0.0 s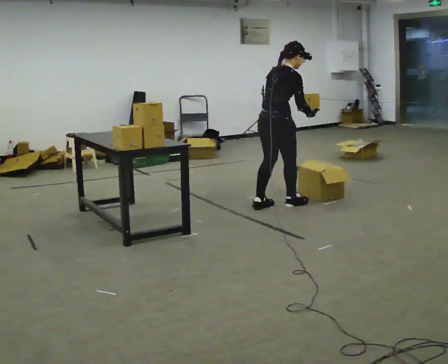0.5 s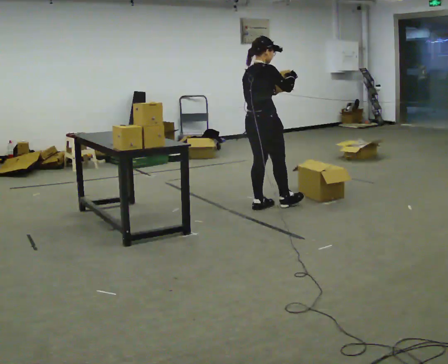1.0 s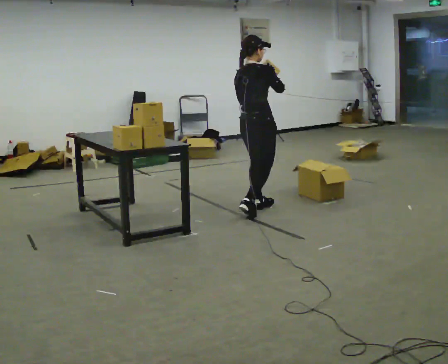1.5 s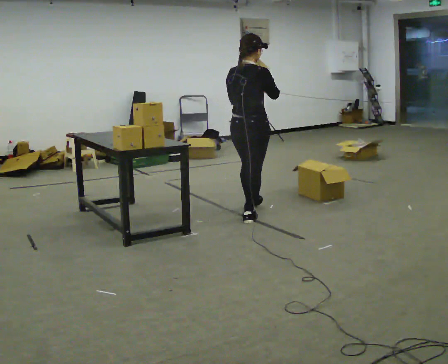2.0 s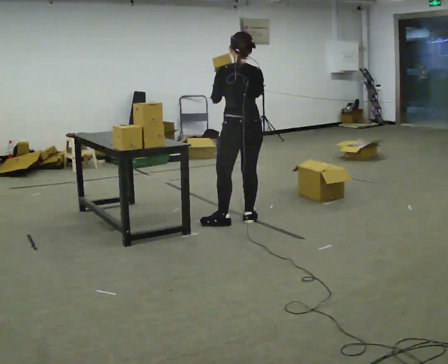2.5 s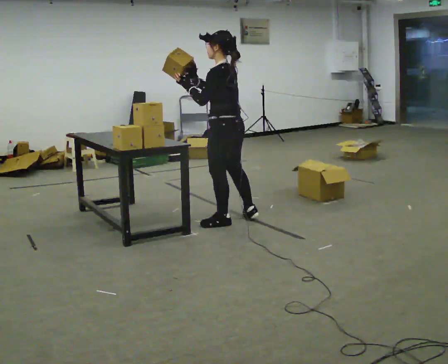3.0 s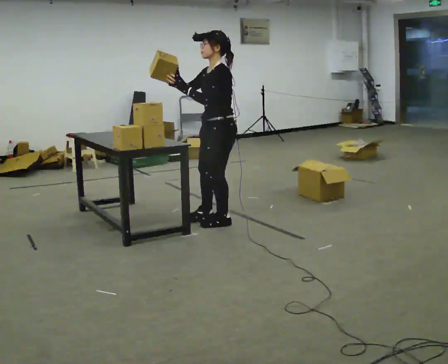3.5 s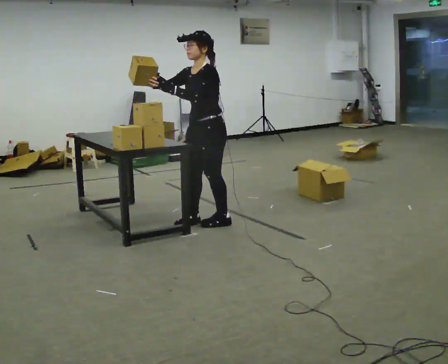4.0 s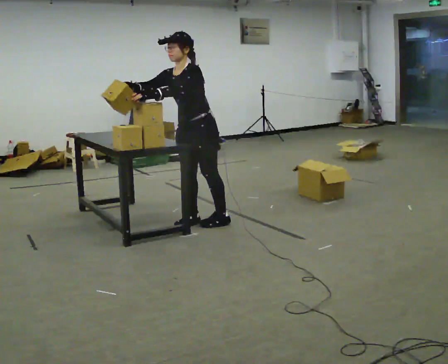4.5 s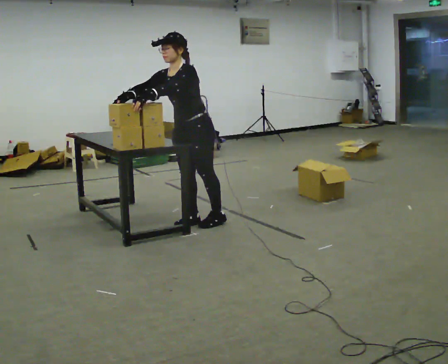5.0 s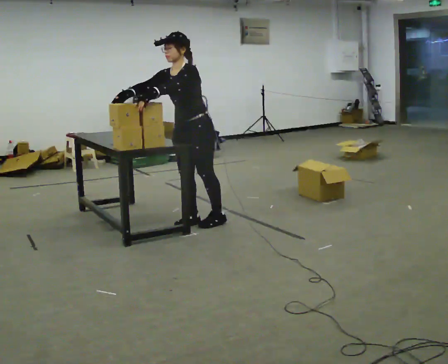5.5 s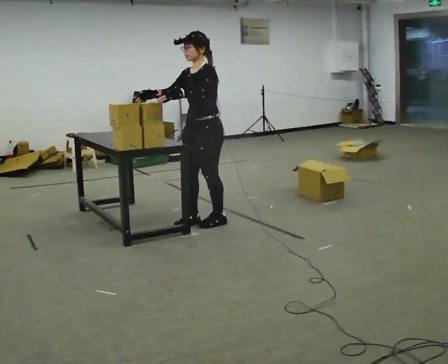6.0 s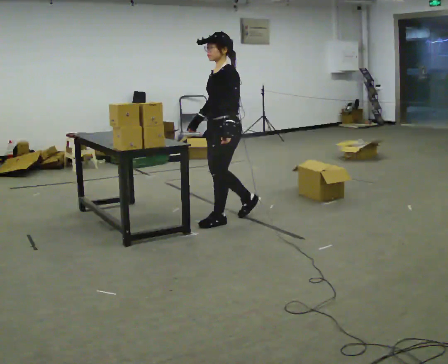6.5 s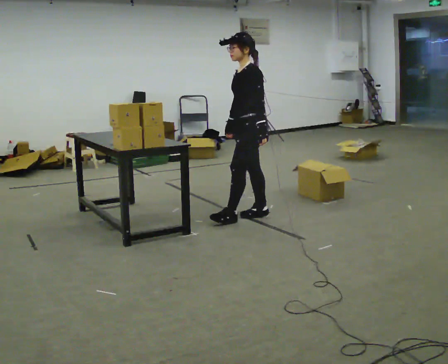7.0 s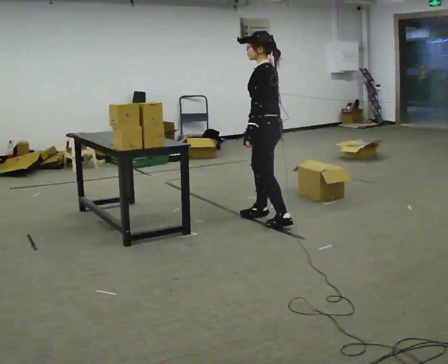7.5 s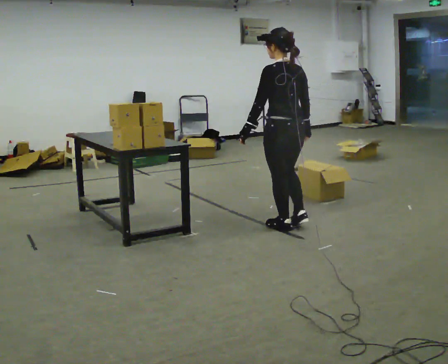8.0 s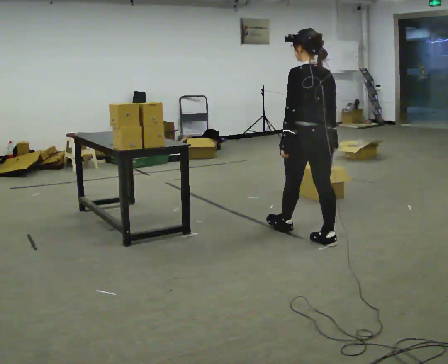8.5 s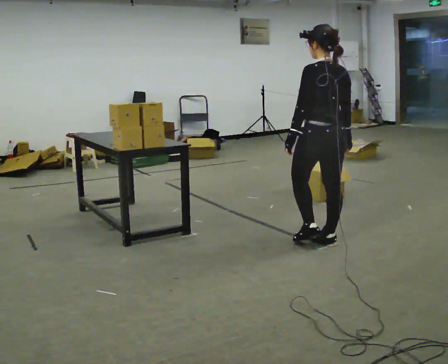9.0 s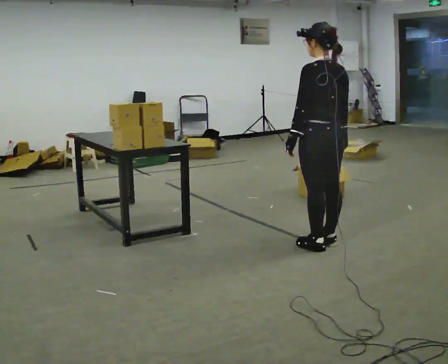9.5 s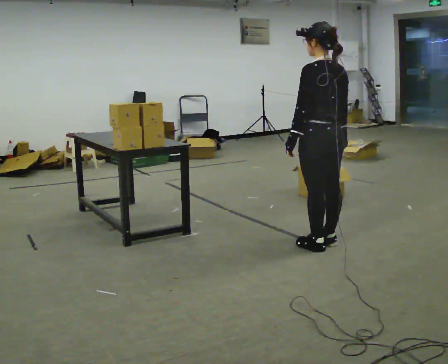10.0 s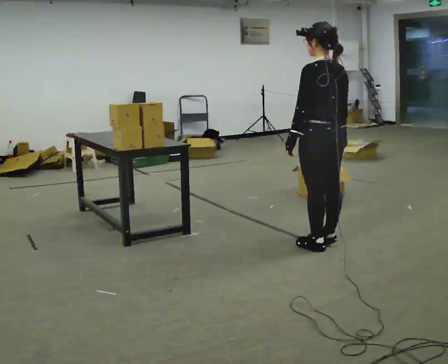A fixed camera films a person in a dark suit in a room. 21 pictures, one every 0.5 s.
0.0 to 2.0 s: Seen from above the body turns counterclockwise, about 75 degrees: to their left, with its near side sliding to the right. In the picture they go toward the camera and to the left, about 0.5 m in 2 steps. In the picture the upper body tilts counterclockwise, shoulders to the left, as they lean back or straighten. In the picture their right hand goes upward.
2.0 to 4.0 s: The person turns about 120 degrees to their left, counterclockwise seen from above, so the part of the body nearest the lens slides to the right. In the picture they go to the left, about 0.25 m in 1 step. In the picture the upper body tilts counterclockwise, shoulders to the left, as they bend forward.
4.0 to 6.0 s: Seen from above the body turns clockwise, about 30 degrees: to their right, with its near side sliding to the left. In the picture they go to the right, about 0.25 m in 1 step, which for them is backward and to their left. In the picture the upper body tilts clockwise, shoulders to the right, as they lean back or straighten. In the picture their right hand goes to the right and downward, the arm swinging counterclockwise.
6.0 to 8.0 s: Seen from above the body turns clockwise, about 90 degrees: to their right, with its near side sliding to the left. In the picture they go to the right and toward the camera, about 1 m in 2 steps.
8.0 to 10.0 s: In the picture they go toward the camera, about 0.25 m in 1 step, which for them is backward.
The film runs backward here.
